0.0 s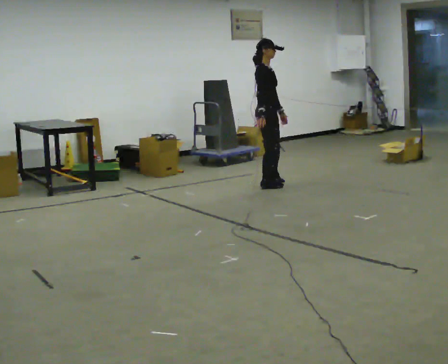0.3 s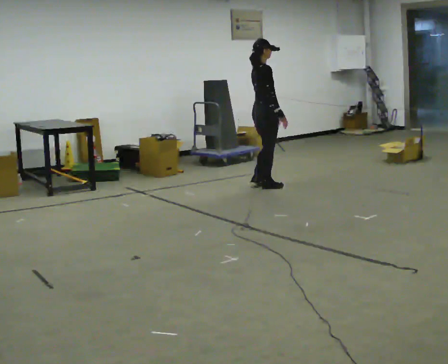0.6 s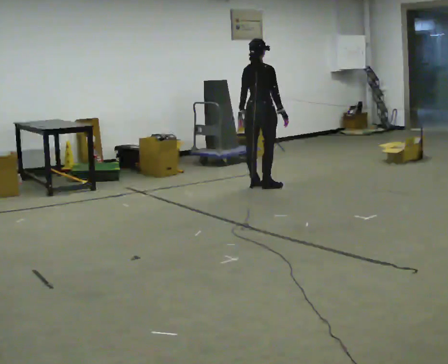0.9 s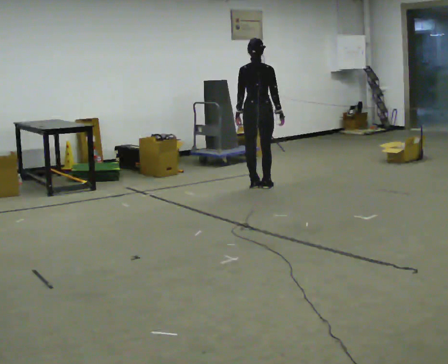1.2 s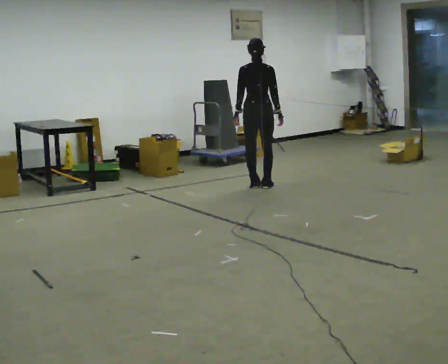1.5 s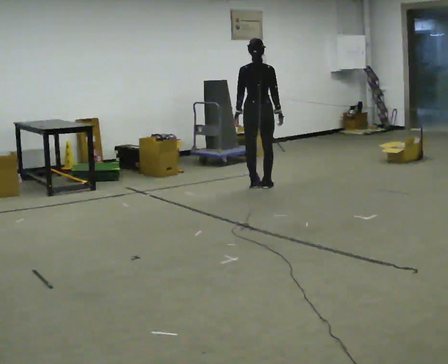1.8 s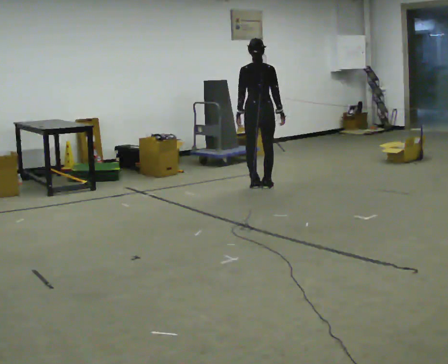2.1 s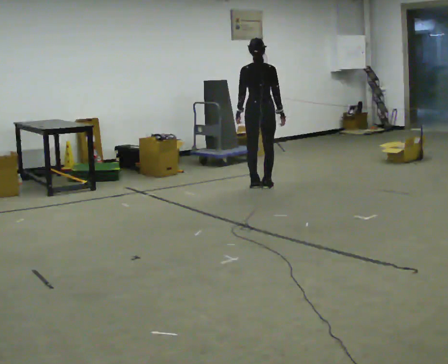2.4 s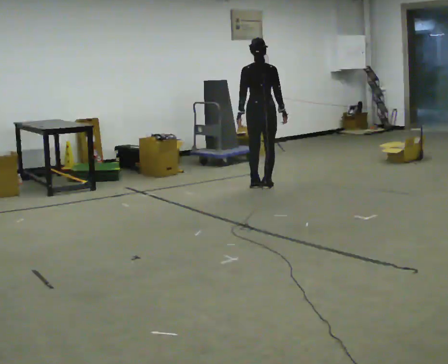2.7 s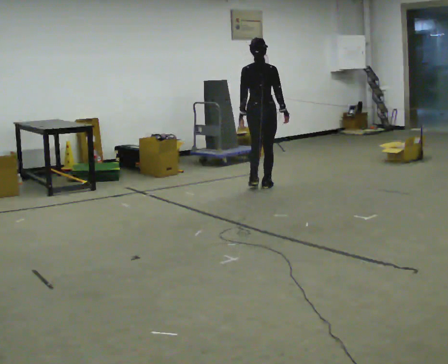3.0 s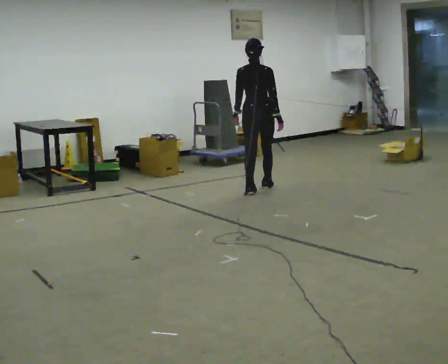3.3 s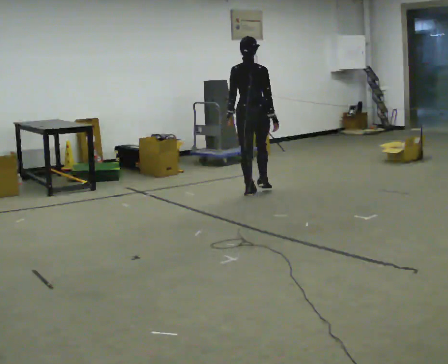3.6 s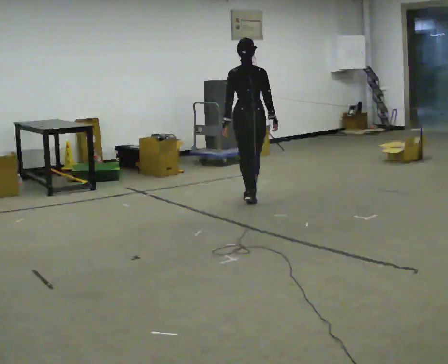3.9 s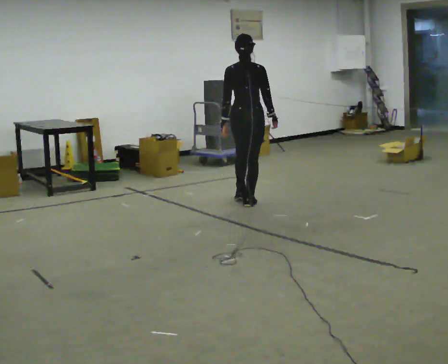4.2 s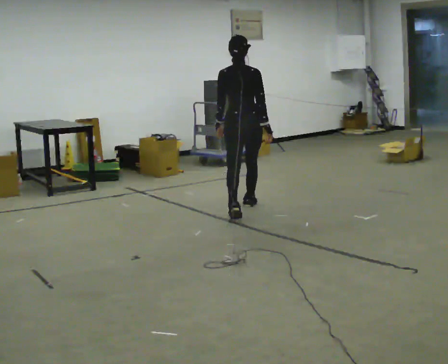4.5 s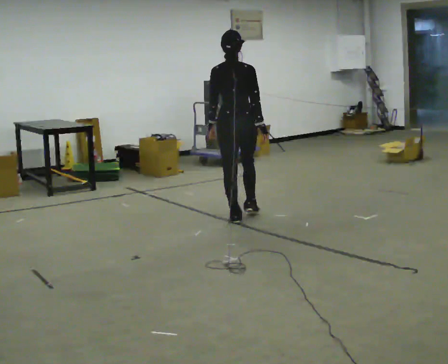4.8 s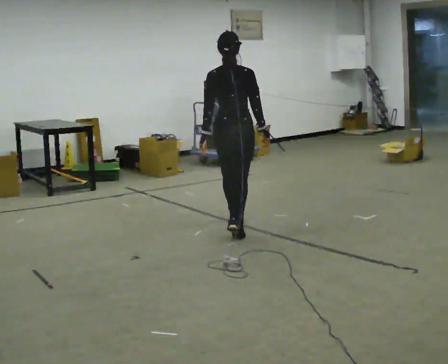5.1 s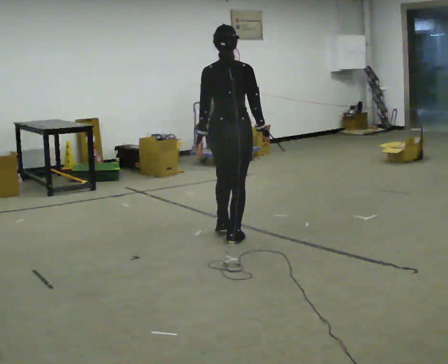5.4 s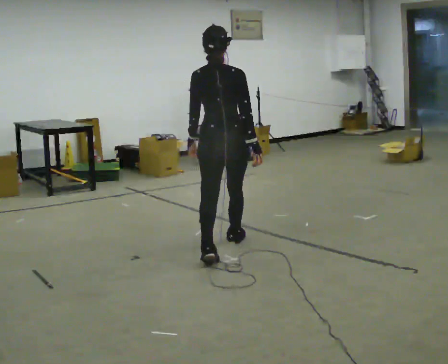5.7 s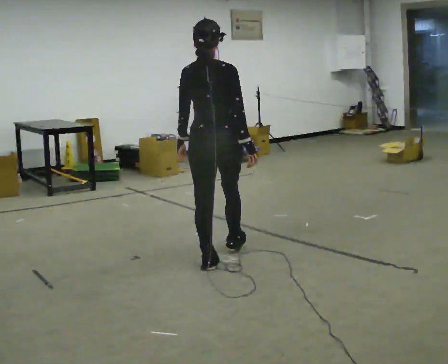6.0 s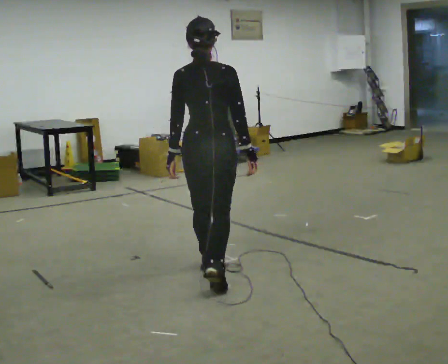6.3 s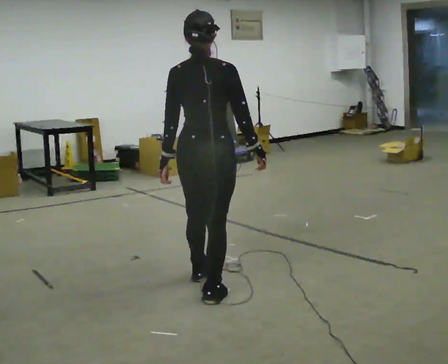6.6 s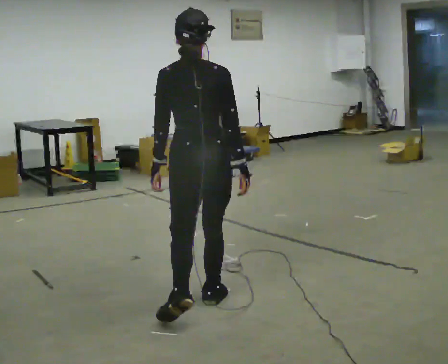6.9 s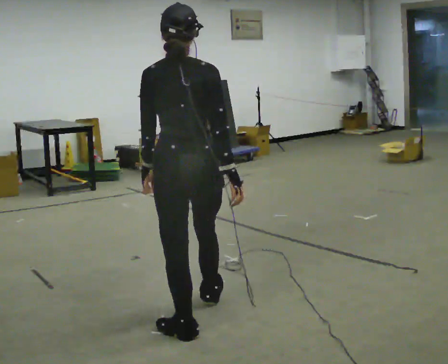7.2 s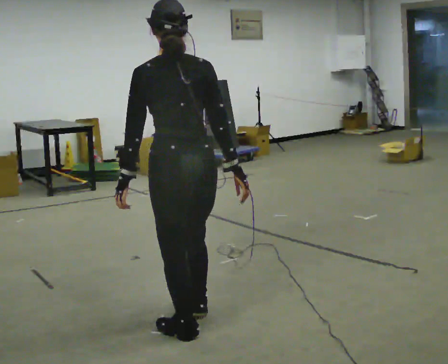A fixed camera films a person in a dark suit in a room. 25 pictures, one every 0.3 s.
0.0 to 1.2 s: Seen from above the body turns counterclockwise, about 105 degrees: to their left, with its near side sliding to the right.
1.2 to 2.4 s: The person moves a little, or ends about where they began.
2.4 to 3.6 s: In the picture they go toward the camera, about 0.5 m in 2 steps, which for them is backward.
3.6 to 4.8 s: In the picture they go toward the camera, about 1 m in 2 steps, which for them is backward.
4.8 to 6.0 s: In the picture they go toward the camera, about 1 m in 2 steps, which for them is backward.
6.0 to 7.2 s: In the picture they go toward the camera, about 1 m in 2 steps, which for them is backward.
The film runs backward here.
